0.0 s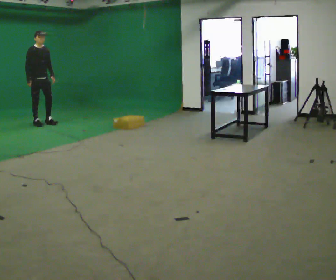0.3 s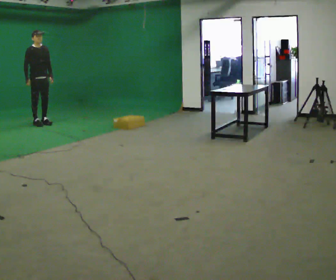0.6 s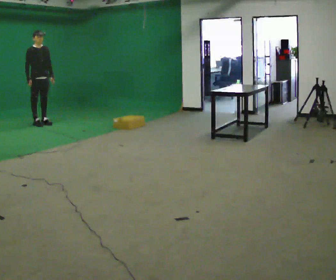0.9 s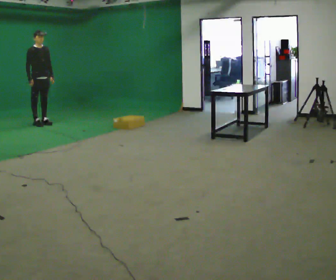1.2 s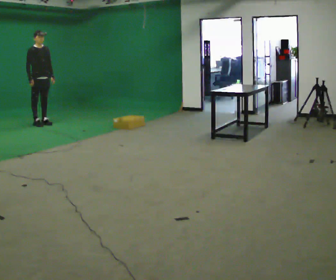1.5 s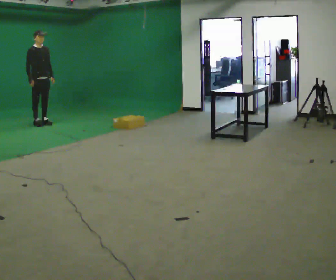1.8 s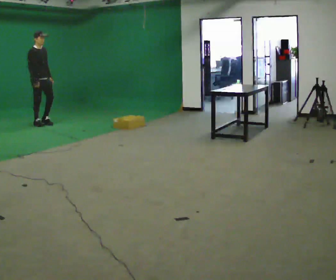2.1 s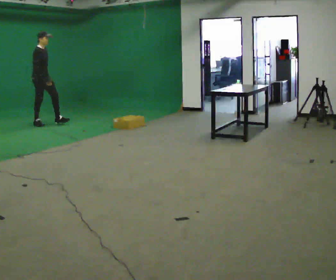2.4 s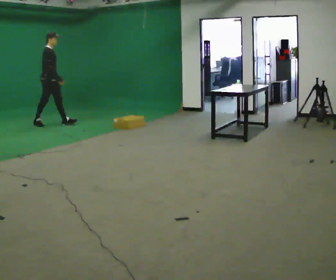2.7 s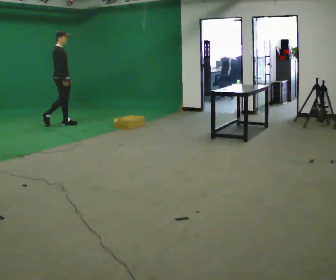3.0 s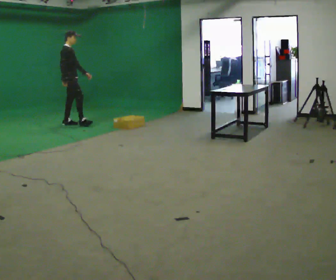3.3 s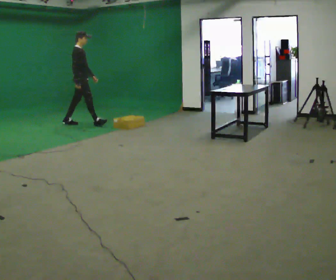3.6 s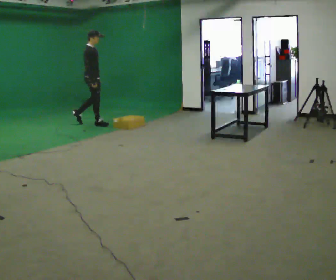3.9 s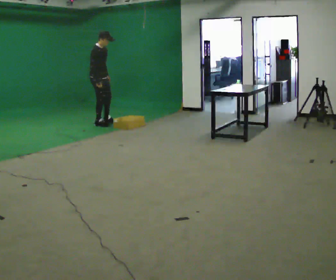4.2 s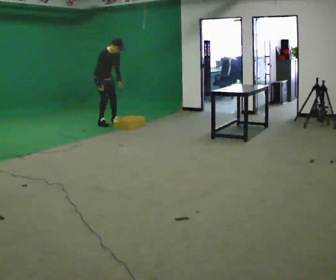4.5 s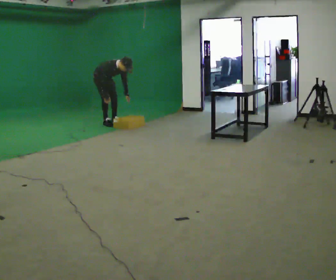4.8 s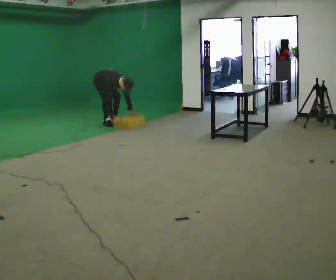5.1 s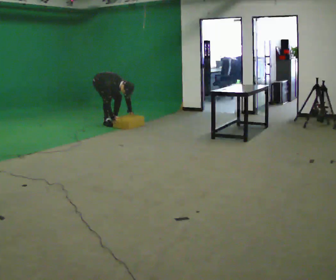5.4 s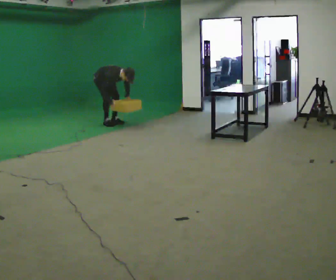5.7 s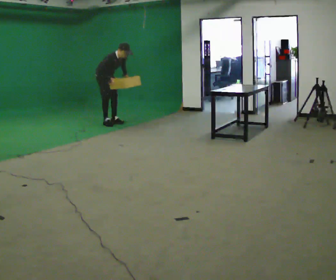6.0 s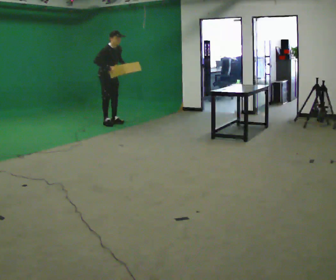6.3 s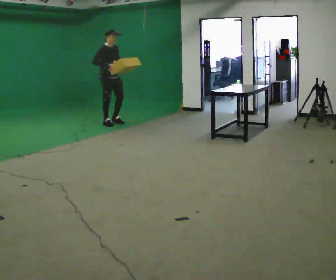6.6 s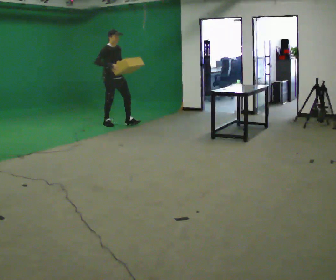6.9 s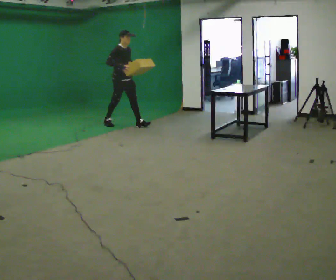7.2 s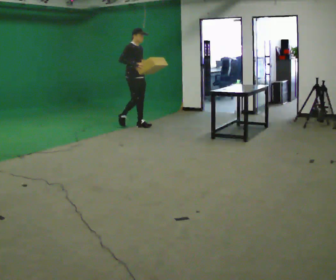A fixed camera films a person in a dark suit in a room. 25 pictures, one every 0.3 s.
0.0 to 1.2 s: The person moves a little, or ends about where they began.
1.2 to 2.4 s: The person turns about 45 degrees to their left, counterclockwise seen from above, so the part of the body nearest the lens slides to the right. In the picture they go to the right, about 0.25 m in 1 step, which for them is forward.
2.4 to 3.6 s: In the picture they go to the right, about 1 m in 1 step, which for them is forward.
3.6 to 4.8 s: The person turns about 30 degrees to their right, clockwise seen from above, so the part of the body nearest the lens slides to the left. In the picture they go away from the camera and to the right, about 0.25 m in 2 steps, which for them is to their left. The upper body goes downward. In the picture the upper body tilts clockwise, shoulders to the right, as they bend forward. In the picture their right hand goes downward.
4.8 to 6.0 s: The upper body goes upward. In the picture the upper body tilts counterclockwise, shoulders to the left, as they lean back or straighten. In the picture their left hand goes upward.
6.0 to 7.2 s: In the picture they go to the right and toward the camera, about 0.5 m in 1 step, which for them is forward.
The film runs forward here.
